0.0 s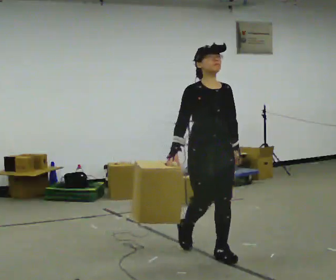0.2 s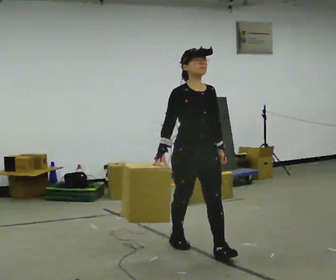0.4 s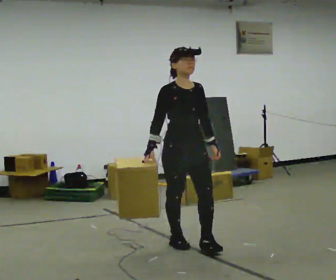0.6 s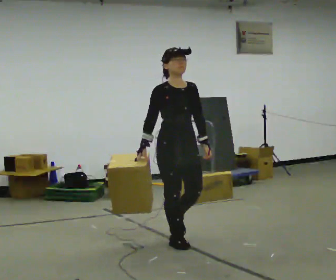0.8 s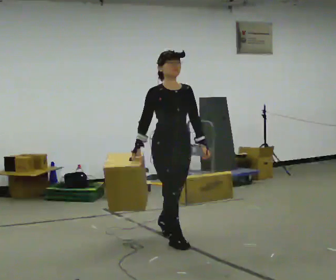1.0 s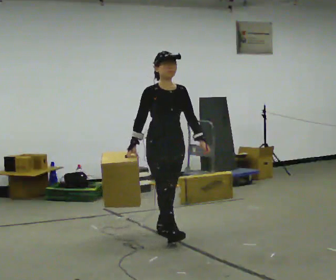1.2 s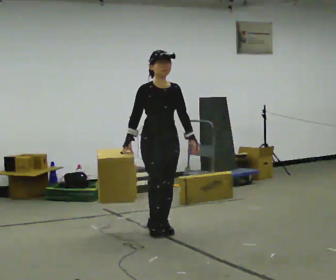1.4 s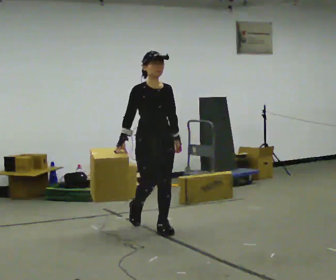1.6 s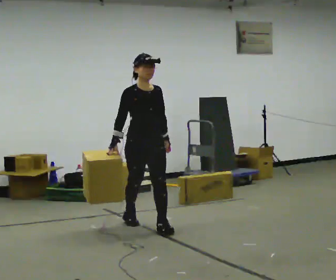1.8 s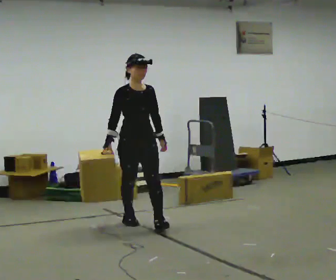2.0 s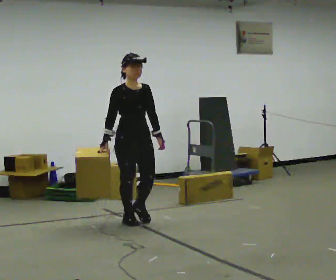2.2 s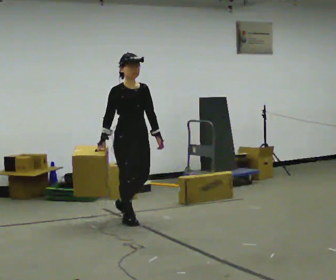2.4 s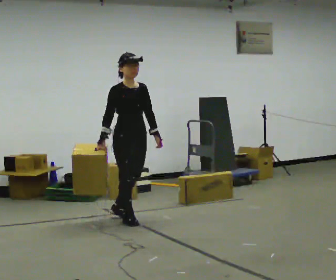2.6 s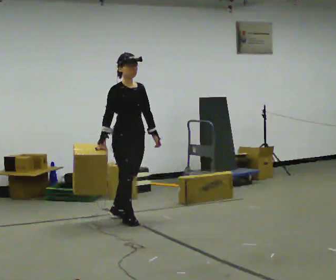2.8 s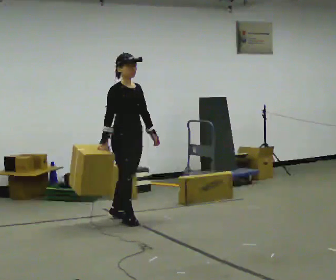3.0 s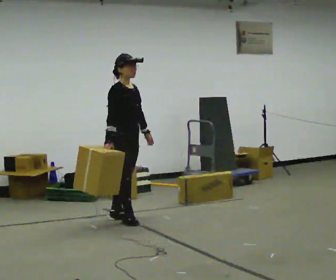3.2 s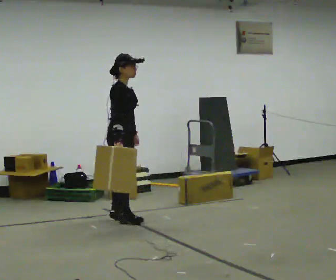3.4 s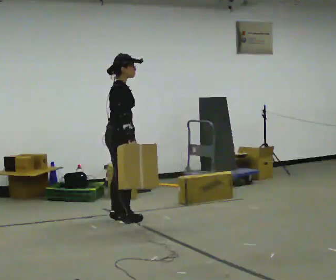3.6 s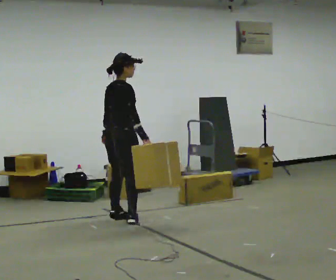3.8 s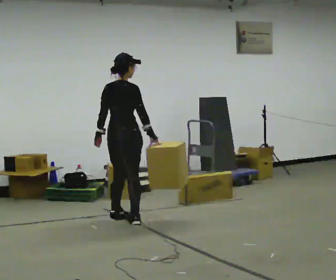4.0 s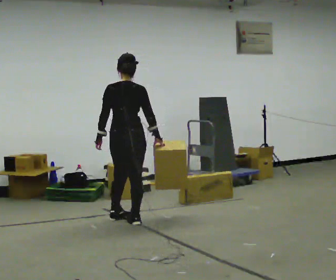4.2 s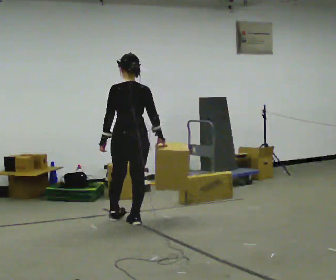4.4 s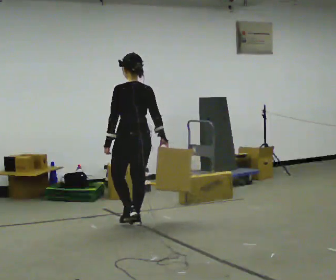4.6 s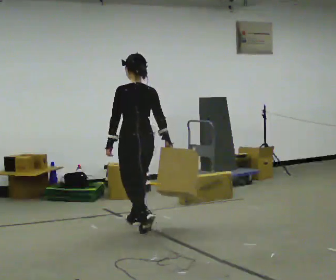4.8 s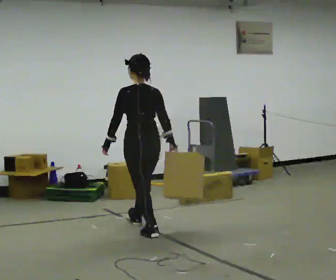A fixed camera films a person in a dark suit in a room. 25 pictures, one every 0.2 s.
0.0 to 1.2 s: In the picture they go away from the camera and to the left, about 1 m in 2 steps, which for them is backward.
1.2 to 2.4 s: In the picture they go away from the camera and to the left, about 0.5 m in 1 step, which for them is backward.
2.4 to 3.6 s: The person turns about 90 degrees to their left, counterclockwise seen from above, so the part of the body nearest the lens slides to the right. In the picture their right hand goes to the right, the arm swinging counterclockwise.
3.6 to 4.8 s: Seen from above the body turns counterclockwise, about 90 degrees: to their left, with its near side sliding to the right. In the picture they go toward the camera and to the right, about 0.5 m in 2 steps.
The film runs backward here.
